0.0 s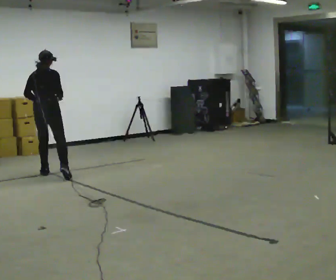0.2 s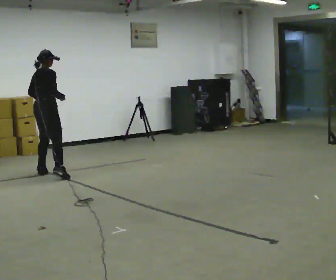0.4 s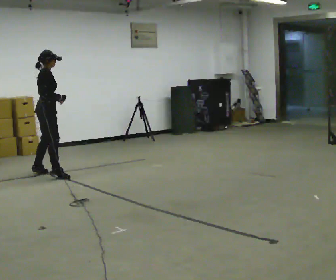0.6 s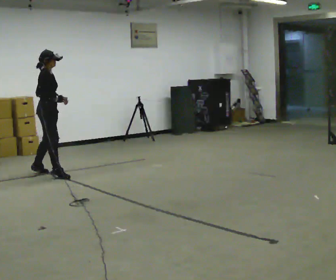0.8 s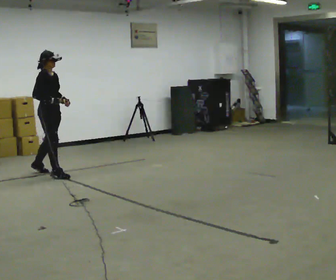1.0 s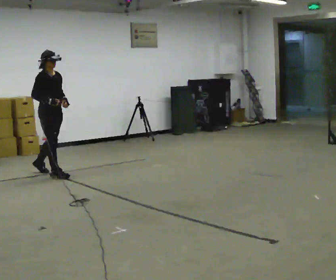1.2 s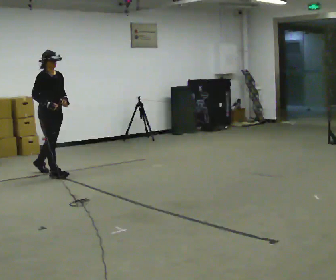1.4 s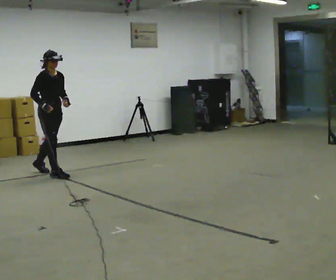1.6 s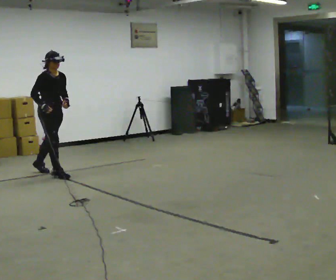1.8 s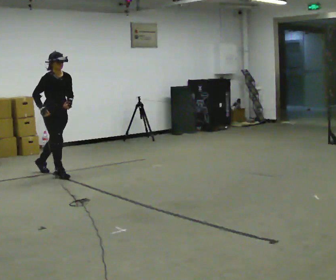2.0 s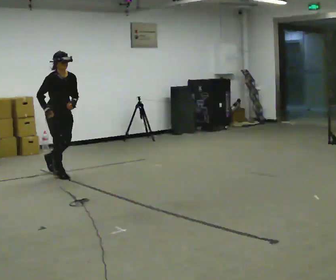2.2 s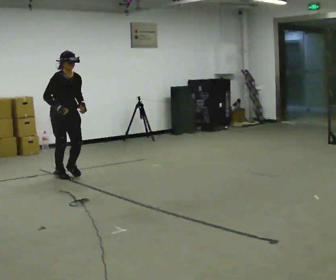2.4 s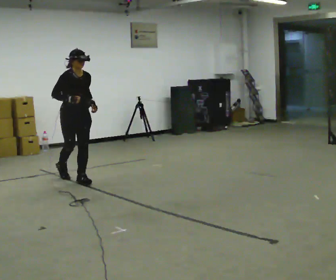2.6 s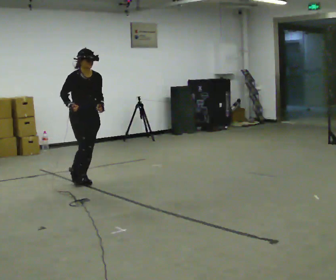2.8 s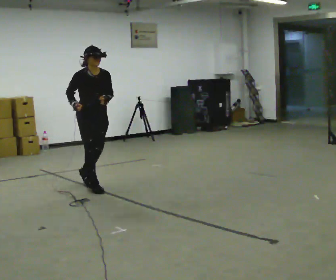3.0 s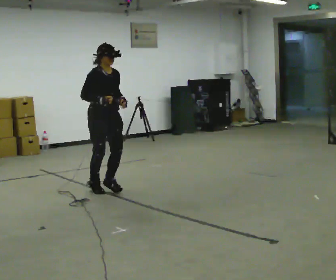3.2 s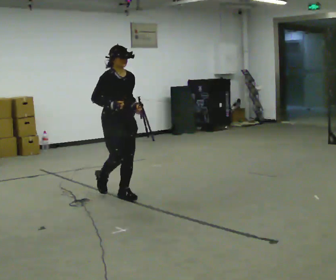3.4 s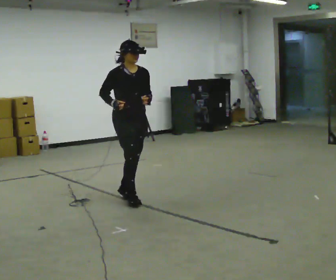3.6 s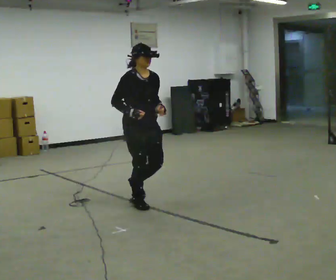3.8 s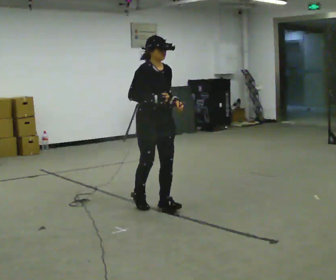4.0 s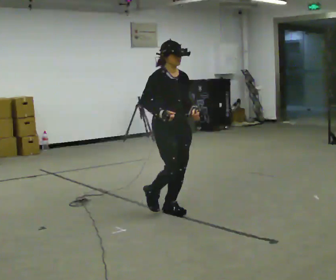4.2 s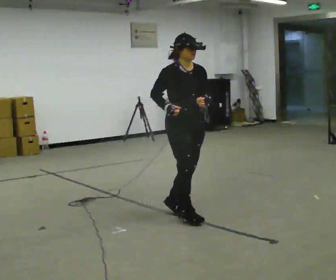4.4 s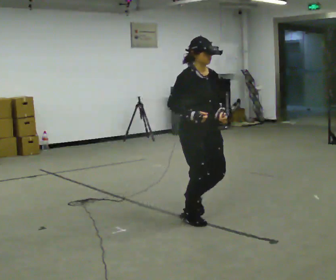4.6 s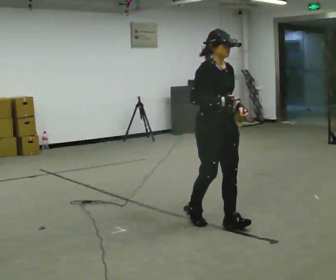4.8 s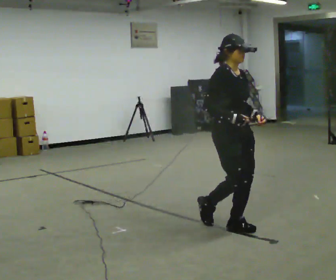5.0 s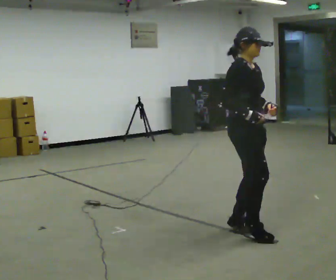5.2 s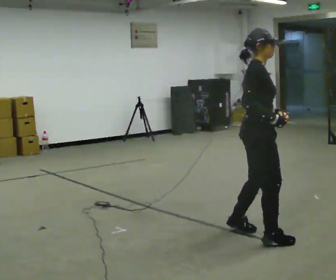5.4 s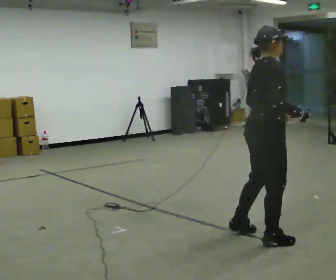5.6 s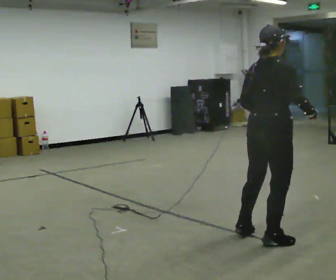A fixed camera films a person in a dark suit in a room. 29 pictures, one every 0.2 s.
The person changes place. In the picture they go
toward the camera.
0.0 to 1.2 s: Seen from above the body turns clockwise, about 90 degrees: to their right, with its near side sliding to the left. In the picture their left hand goes to the right, the arm swinging counterclockwise.
1.2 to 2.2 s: In the picture they go toward the camera and to the right, about 0.25 m, which for them is forward.
2.2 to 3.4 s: In the picture they go toward the camera and to the right, about 1.5 m in 3 steps, which for them is forward.
3.4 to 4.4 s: In the picture they go toward the camera and to the right, about 1 m in 3 steps, which for them is forward.
4.4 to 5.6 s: Seen from above the body turns counterclockwise, about 90 degrees: to their left, with its near side sliding to the right. In the picture they go toward the camera and to the right, about 0.5 m in 2 steps.
The film runs forward here.
